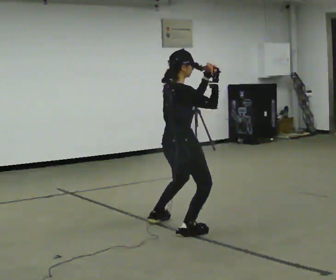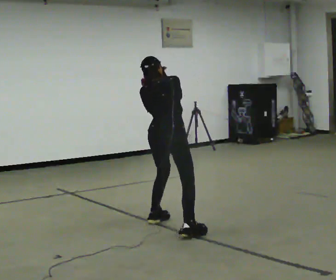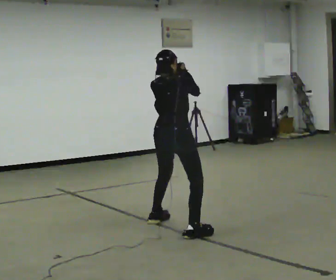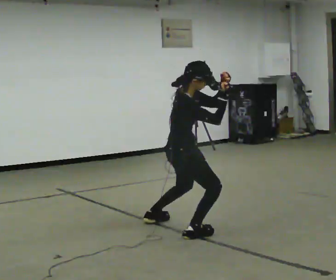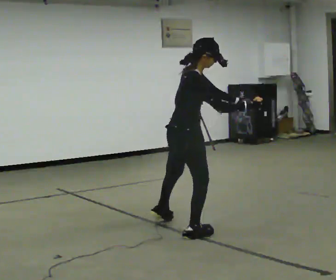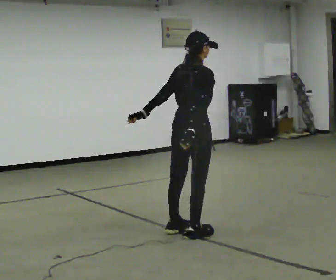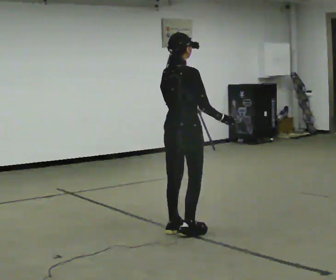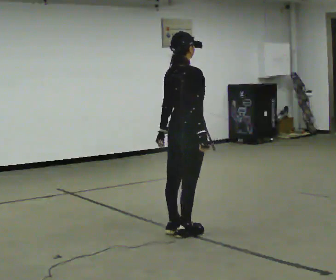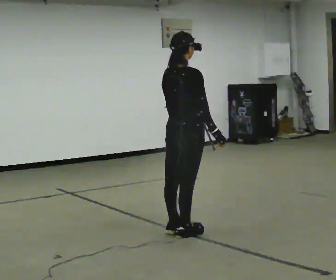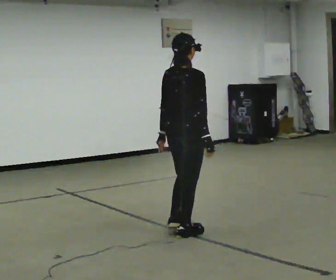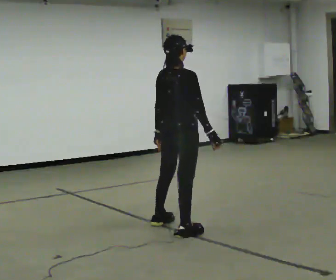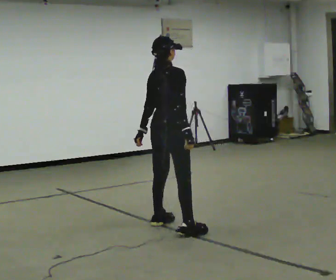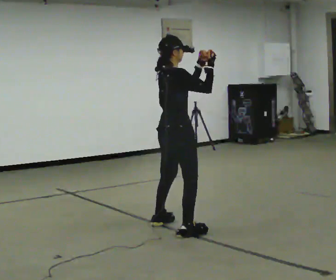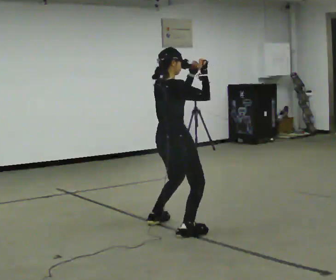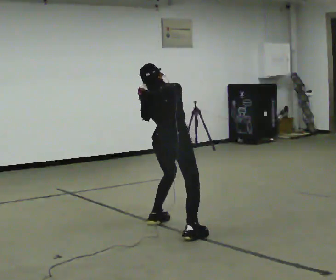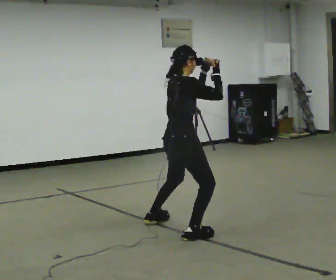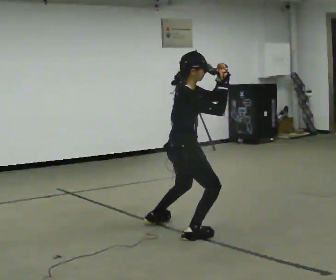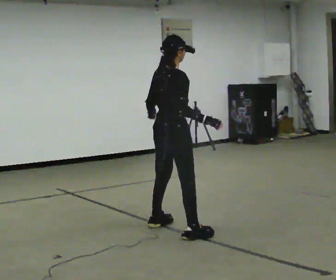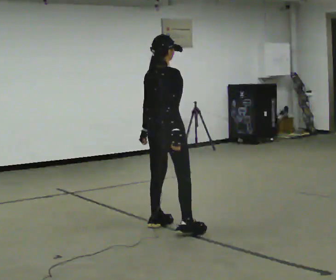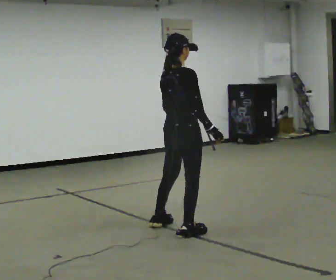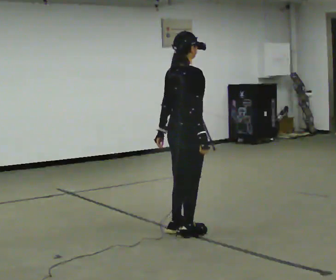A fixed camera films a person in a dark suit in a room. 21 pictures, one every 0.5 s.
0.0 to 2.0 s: In the picture they go toward the camera, about 0.25 m.
2.0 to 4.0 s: The part of the body nearest the lens slides to the right as the person turns to their left by about 30 degrees. In the picture their left hand goes to the left.
4.0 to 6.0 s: In the picture their left hand goes upward.
6.0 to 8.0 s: The person moves a little, or ends about where they began.
8.0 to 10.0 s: Seen from above the body turns counterclockwise, about 30 degrees: to their left, with its near side sliding to the right. In the picture their left hand goes to the left and downward.
The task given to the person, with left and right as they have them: Move as if avoiding punches: slip your head side to side, duck, and raise your guard. Repeat the movement at your own pace until the operator says stop; do not rush.
The film runs forward here.
